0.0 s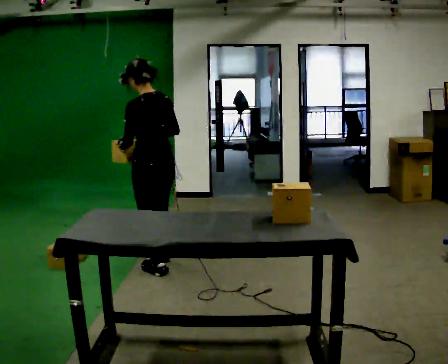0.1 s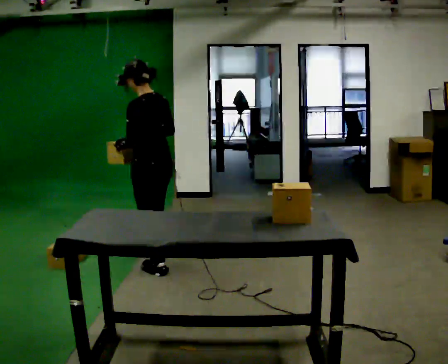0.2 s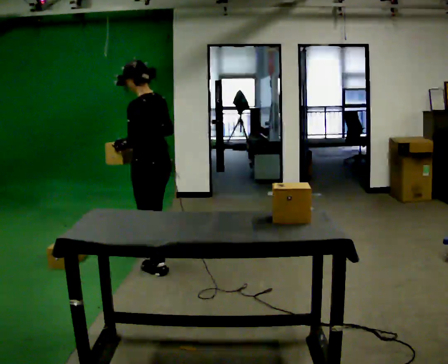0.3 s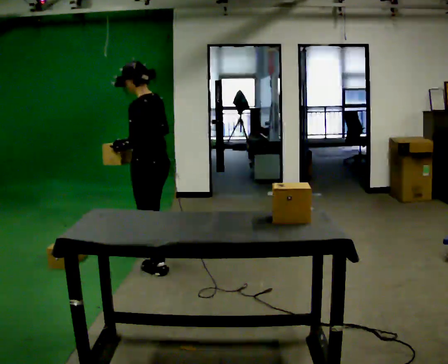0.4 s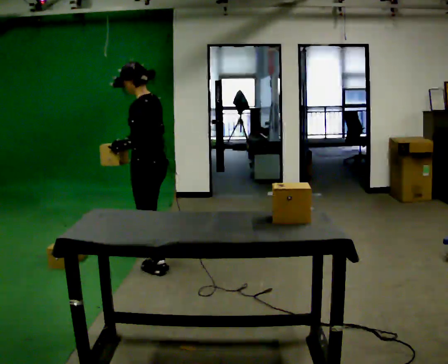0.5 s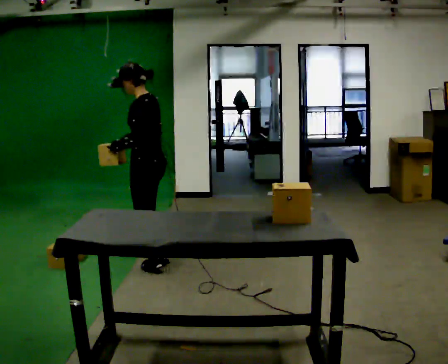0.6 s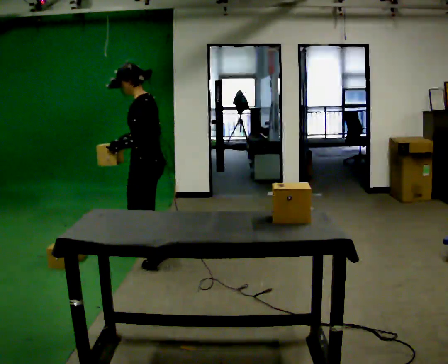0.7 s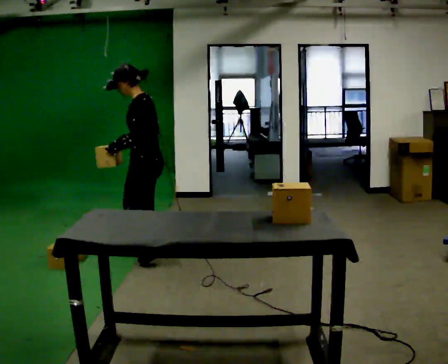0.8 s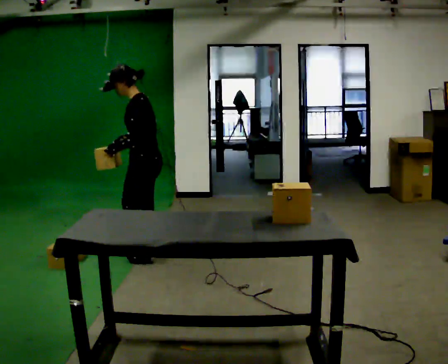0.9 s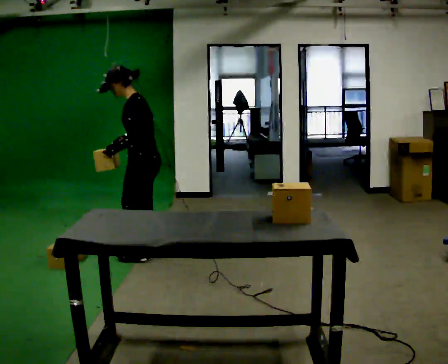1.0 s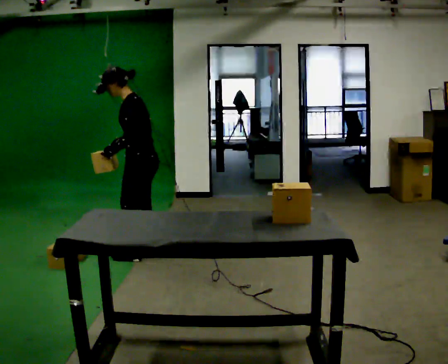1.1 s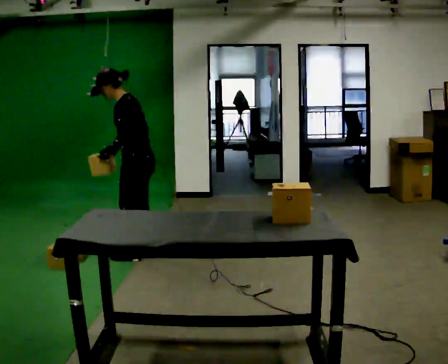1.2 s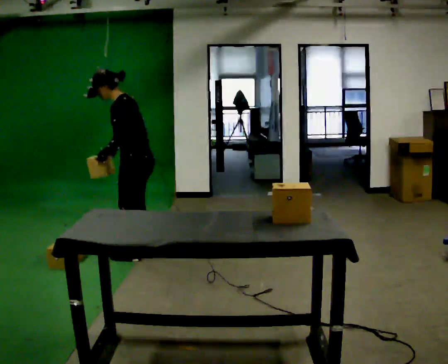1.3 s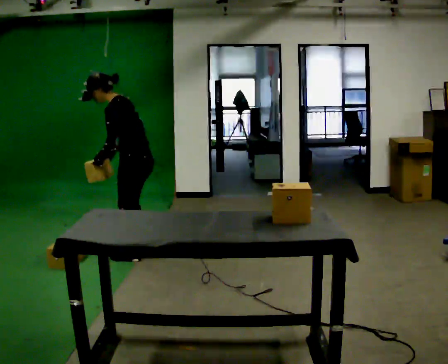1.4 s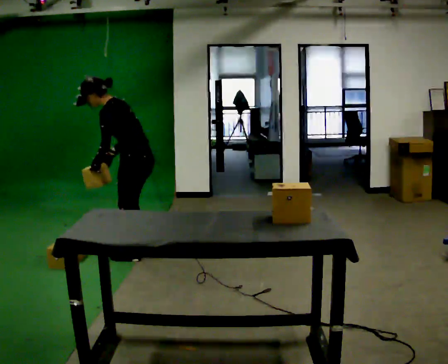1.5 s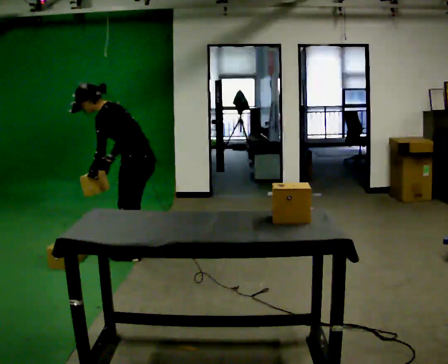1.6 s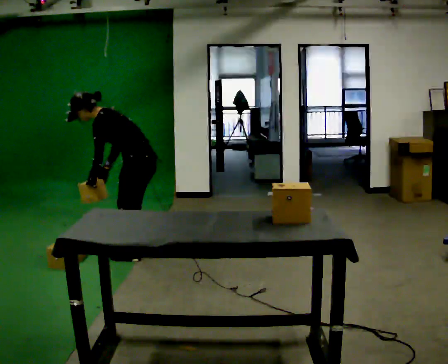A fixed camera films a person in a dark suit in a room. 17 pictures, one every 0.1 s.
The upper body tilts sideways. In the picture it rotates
counterclockwise.
0.0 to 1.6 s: The part of the body nearest the lens slides to the right as the person turns to their left by about 30 degrees. In the picture they go away from the camera and to the left, about 0.25 m in 2 steps, which for them is to their right and forward. In the picture the upper body tilts counterclockwise, shoulders to the left, as they bend forward.
The film runs forward here.
